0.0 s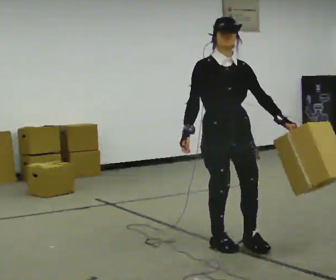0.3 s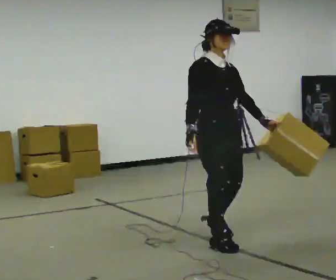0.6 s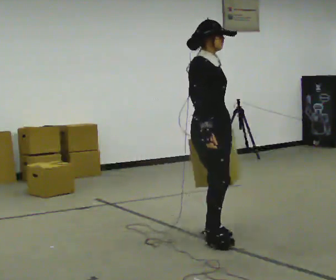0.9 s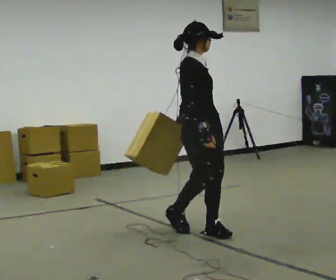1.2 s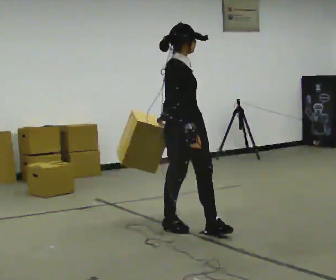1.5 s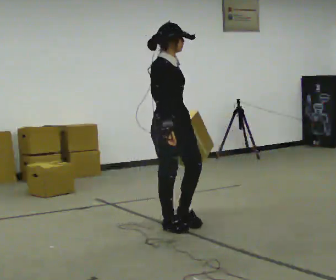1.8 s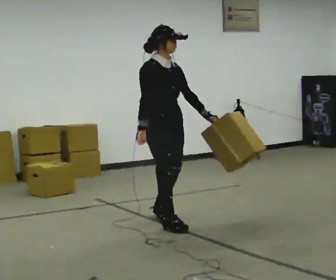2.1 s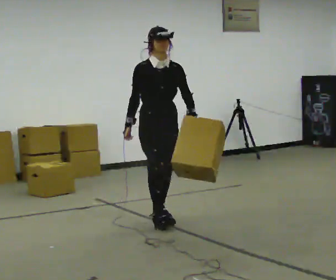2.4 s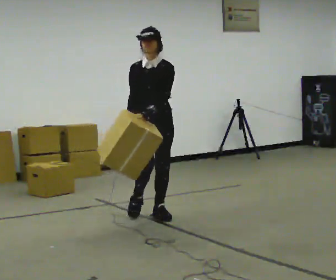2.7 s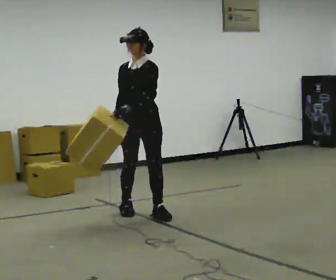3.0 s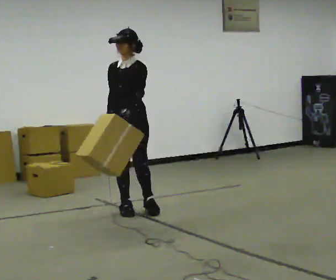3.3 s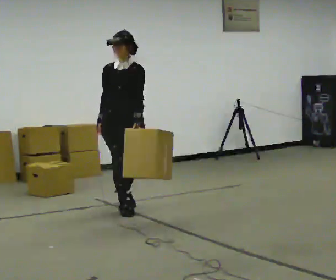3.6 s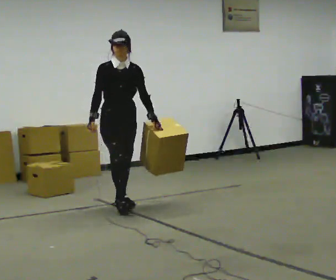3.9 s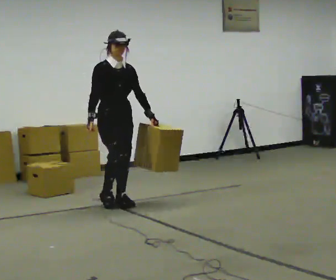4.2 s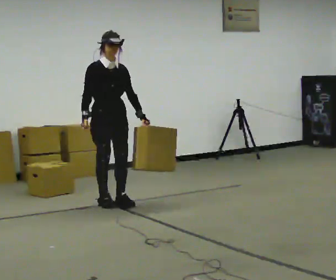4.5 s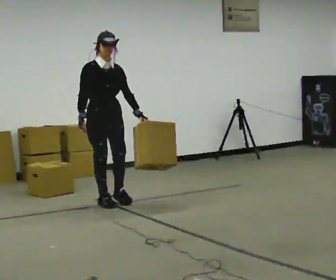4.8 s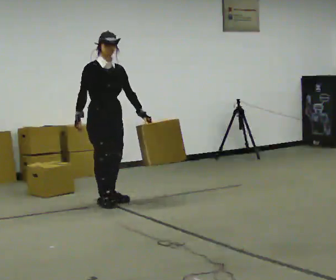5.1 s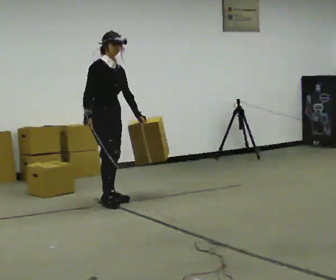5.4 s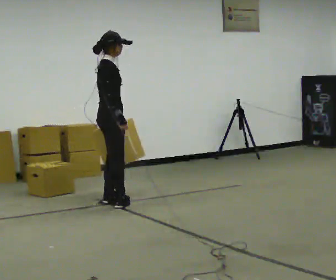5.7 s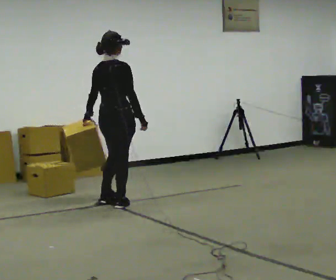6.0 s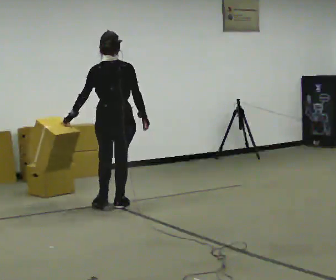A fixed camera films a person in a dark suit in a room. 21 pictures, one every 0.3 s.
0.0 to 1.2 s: Seen from above the body turns counterclockwise, about 45 degrees: to their left, with its near side sliding to the right. In the picture they go away from the camera and to the left, about 0.5 m in 1 step, which for them is backward and to their left.
1.2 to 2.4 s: The person turns about 60 degrees to their right, clockwise seen from above, so the part of the body nearest the lens slides to the left. In the picture they go away from the camera, about 0.5 m in 2 steps.
2.4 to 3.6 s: In the picture they go away from the camera and to the left, about 0.5 m in 2 steps, which for them is to their right and backward.
3.6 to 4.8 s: In the picture they go away from the camera, about 0.25 m, which for them is backward.
4.8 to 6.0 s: The part of the body nearest the lens slides to the right as the person turns to their left by about 150 degrees. In the picture they go toward the camera, about 0.25 m in 2 steps. In the picture their left hand goes to the left, the arm swinging clockwise.
The film runs backward here.
